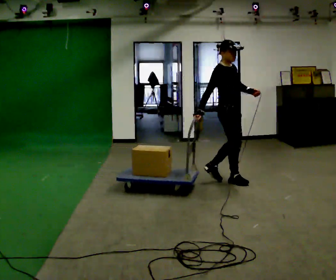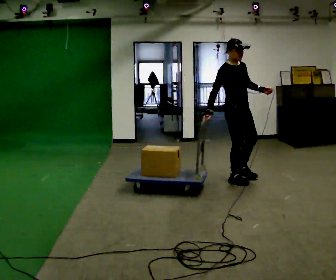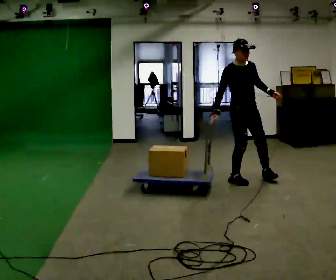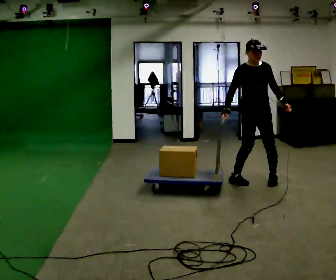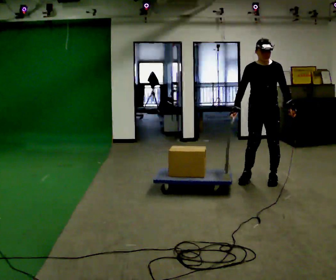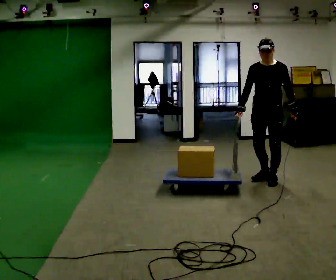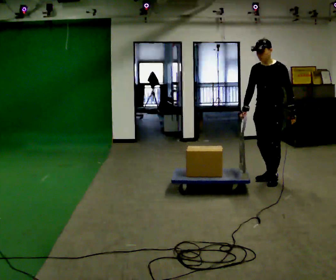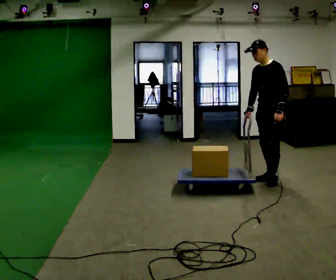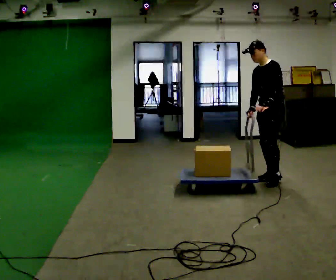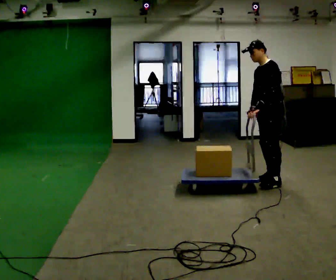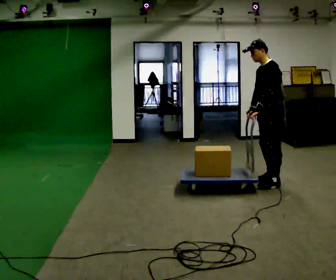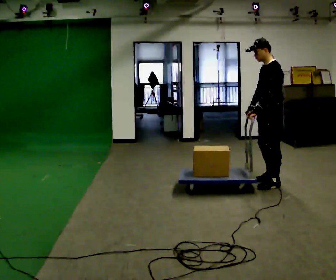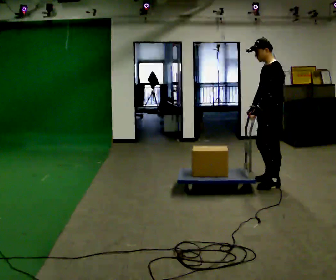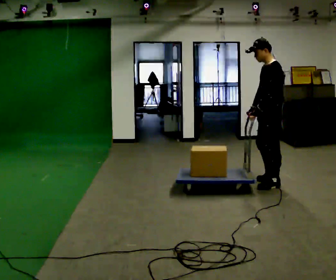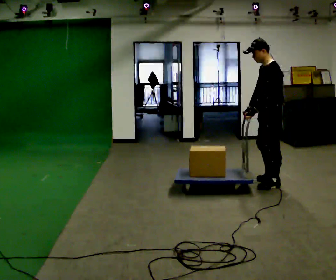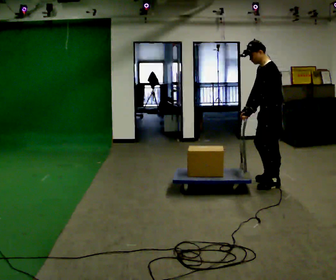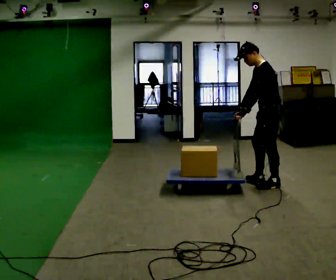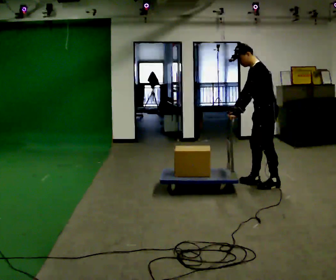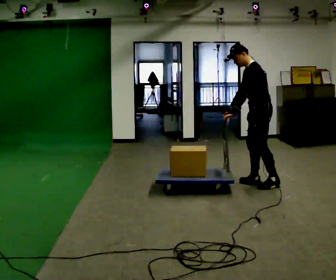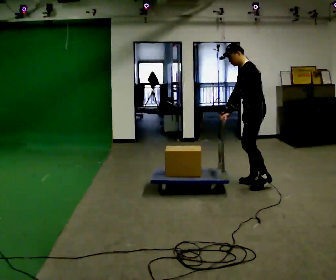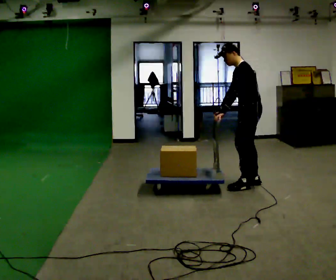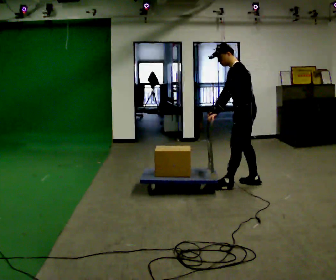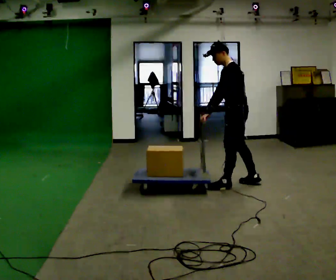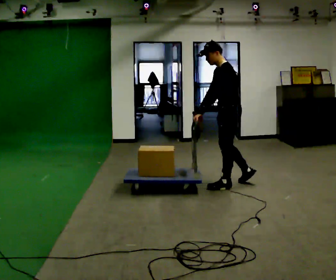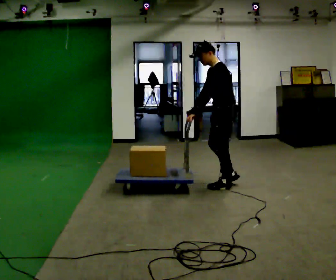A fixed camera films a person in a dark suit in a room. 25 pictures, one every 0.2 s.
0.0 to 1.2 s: The person turns about 120 degrees to their right, clockwise seen from above, so the part of the body nearest the lens slides to the left. In the picture they go to the right, about 0.5 m in 2 steps.
1.2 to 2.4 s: Seen from above the body turns clockwise, about 45 degrees: to their right, with its near side sliding to the left. In the picture they go toward the camera, about 0.25 m in 1 step, which for them is to their left. In the picture their left hand goes to the left, the arm swinging clockwise.
2.4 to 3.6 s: In the picture the upper body tilts counterclockwise, shoulders to the left.
3.6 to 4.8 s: In the picture they go to the left, about 0.5 m in 1 step, which for them is forward.
The film runs forward here.
